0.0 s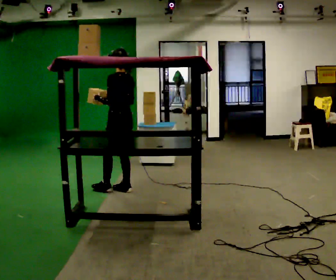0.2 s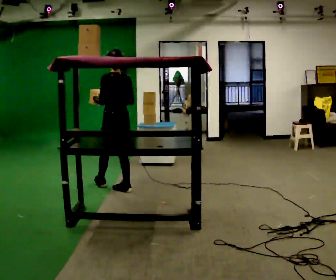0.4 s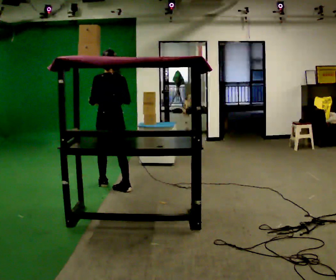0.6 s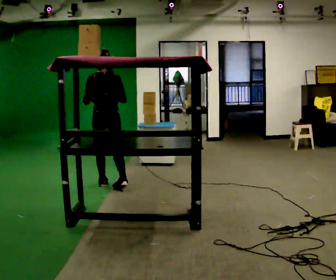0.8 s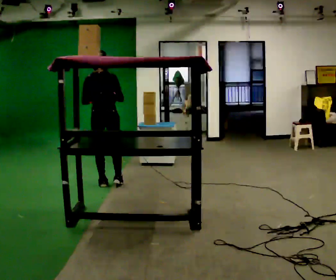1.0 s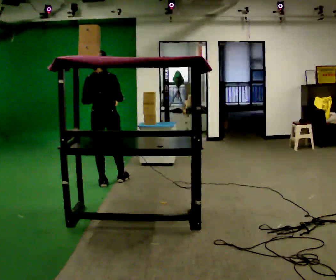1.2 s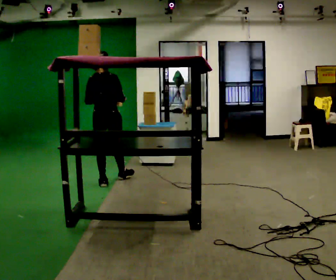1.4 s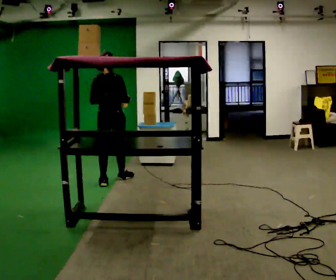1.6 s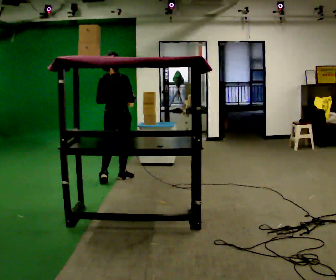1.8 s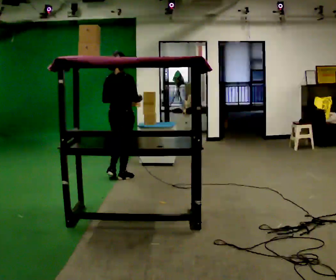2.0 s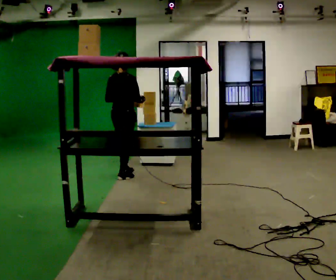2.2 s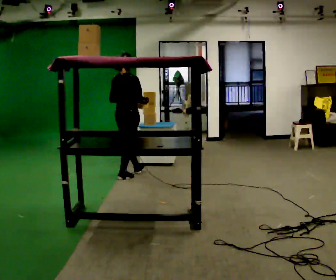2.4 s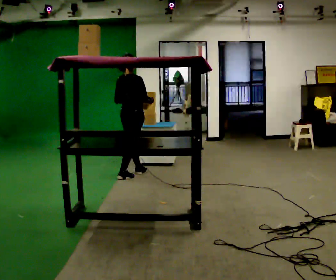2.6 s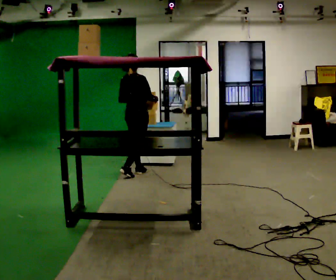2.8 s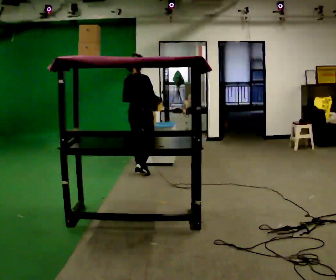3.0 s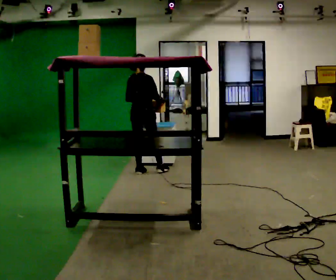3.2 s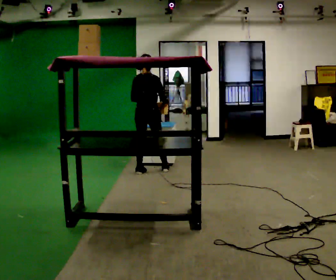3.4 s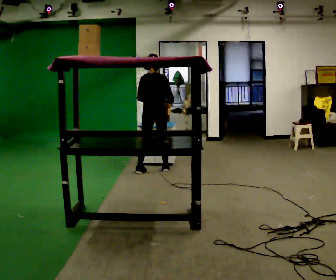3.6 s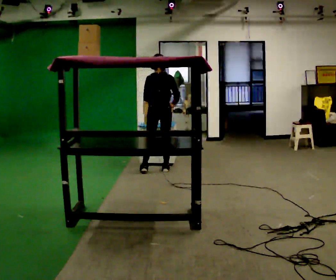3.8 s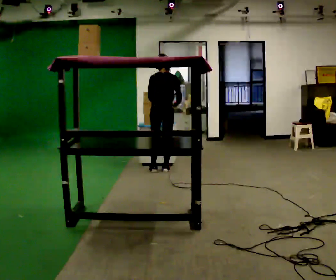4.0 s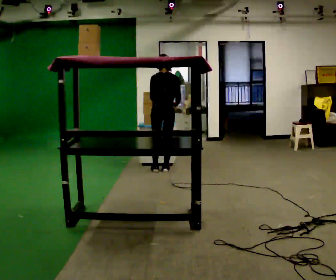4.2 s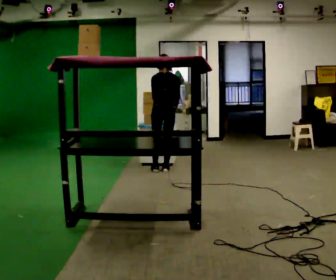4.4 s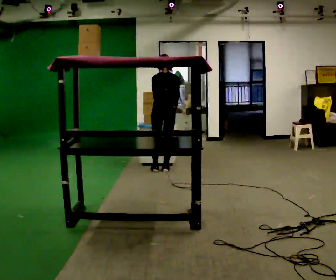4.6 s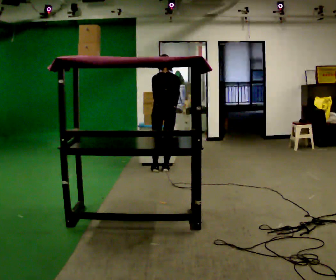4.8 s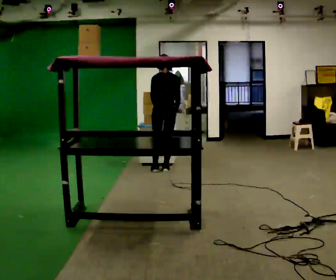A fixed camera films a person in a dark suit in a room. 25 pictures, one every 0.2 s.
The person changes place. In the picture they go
away from the camera.
The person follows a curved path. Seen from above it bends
clockwise.
0.0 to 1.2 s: The person turns about 75 degrees to their right, clockwise seen from above, so the part of the body nearest the lens slides to the left. In the picture they go away from the camera and to the left, about 0.25 m in 2 steps.
1.2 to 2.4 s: In the picture they go away from the camera and to the right, about 0.5 m in 1 step, which for them is forward.
2.4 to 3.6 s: Seen from above the body turns counterclockwise, about 30 degrees: to their left, with its near side sliding to the right. In the picture they go to the right and away from the camera, about 0.5 m in 1 step, which for them is forward and to their right.
3.6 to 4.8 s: The person moves a little, or ends about where they began.
The film runs forward here.
